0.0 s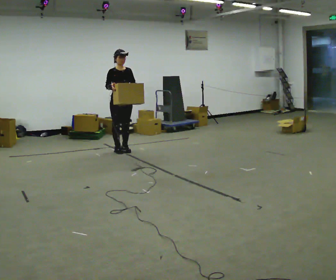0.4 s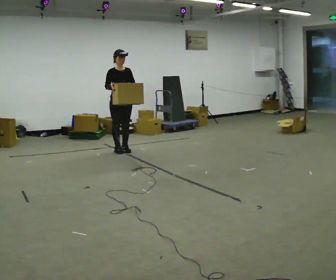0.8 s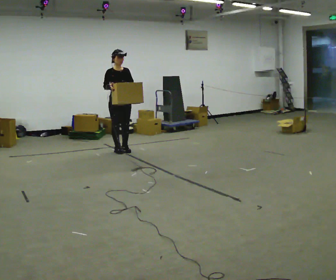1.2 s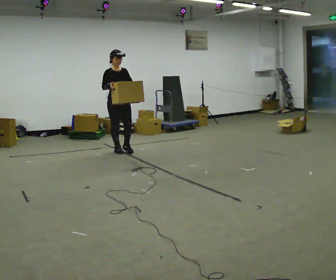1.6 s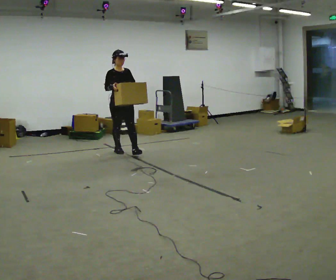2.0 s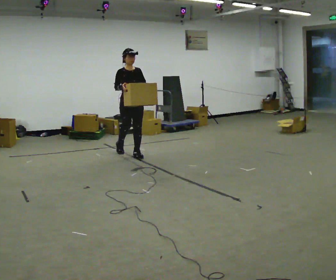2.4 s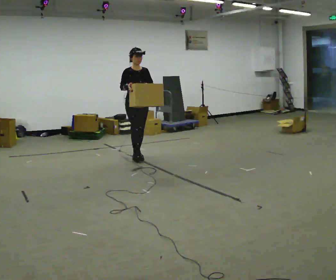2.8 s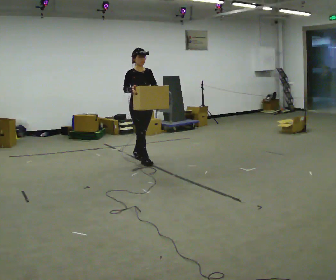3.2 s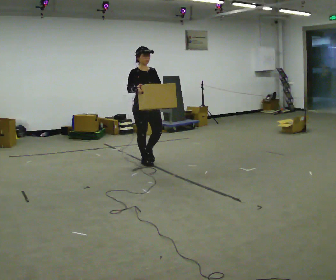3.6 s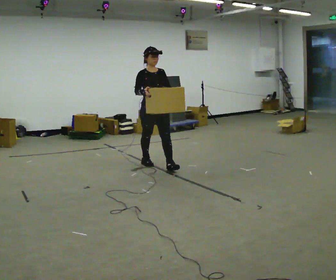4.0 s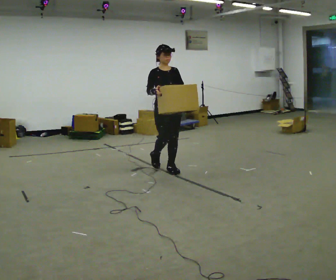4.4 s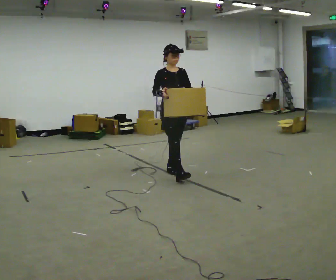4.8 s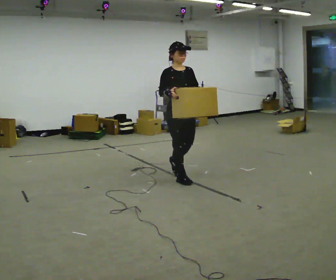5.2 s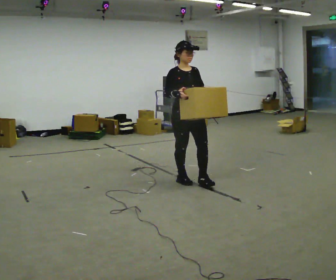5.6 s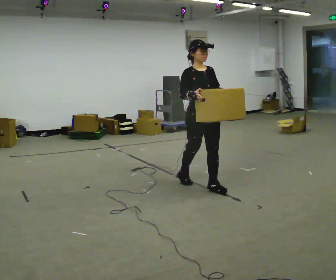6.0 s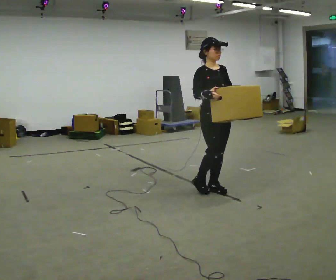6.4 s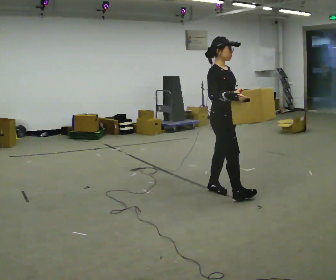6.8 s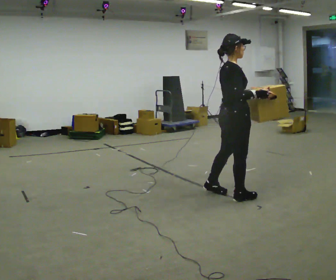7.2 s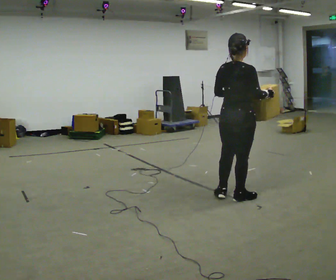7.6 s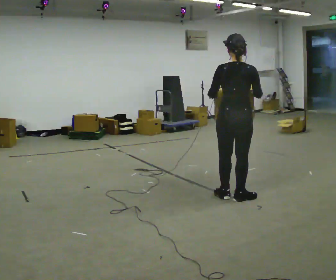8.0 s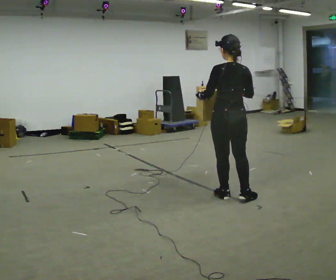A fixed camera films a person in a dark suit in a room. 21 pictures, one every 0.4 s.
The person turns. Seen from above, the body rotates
counterclockwise.
The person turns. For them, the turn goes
to their left.
0.0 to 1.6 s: The person moves a little, or ends about where they began.
1.6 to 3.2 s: In the picture they go toward the camera and to the right, about 1 m in 1 step, which for them is forward.
3.2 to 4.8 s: In the picture they go toward the camera and to the right, about 1 m in 2 steps, which for them is forward.
4.8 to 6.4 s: Seen from above the body turns counterclockwise, about 30 degrees: to their left, with its near side sliding to the right. In the picture they go toward the camera and to the right, about 0.75 m in 2 steps, which for them is forward.
6.4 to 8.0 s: The person turns about 135 degrees to their left, counterclockwise seen from above, so the part of the body nearest the lens slides to the right.
The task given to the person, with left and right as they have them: Carry the box across the room much more slowly and carefully than normal, back and forth.
The film runs forward here.
